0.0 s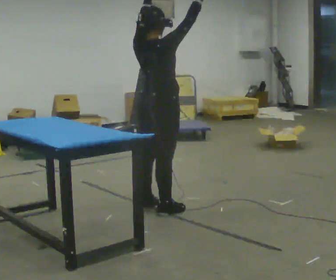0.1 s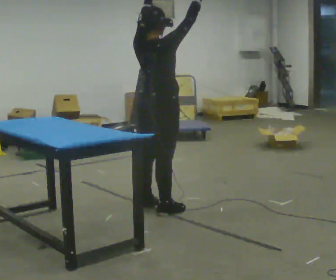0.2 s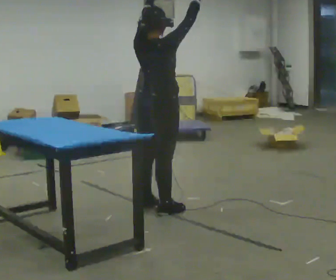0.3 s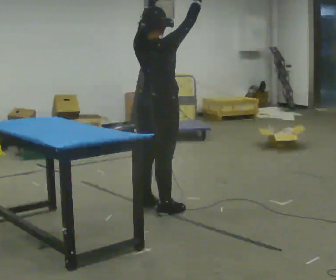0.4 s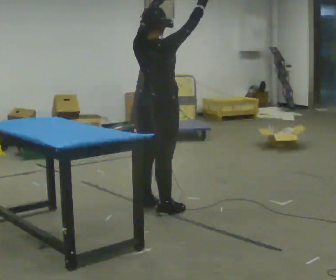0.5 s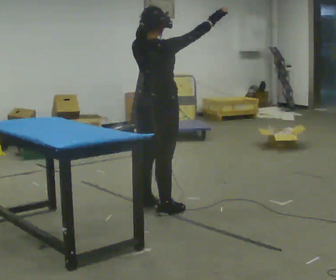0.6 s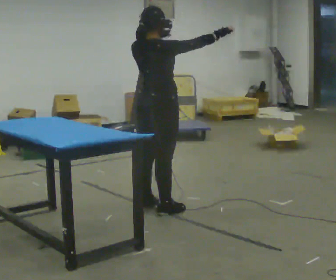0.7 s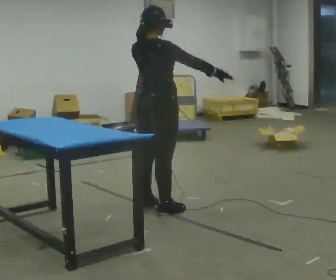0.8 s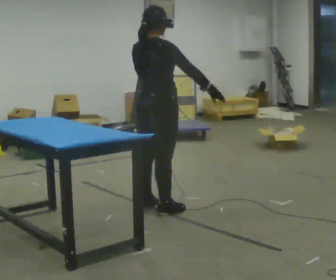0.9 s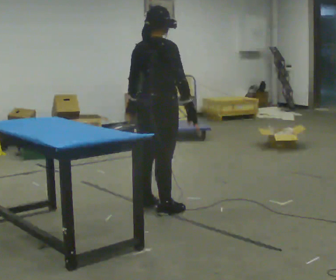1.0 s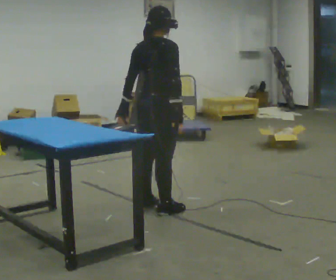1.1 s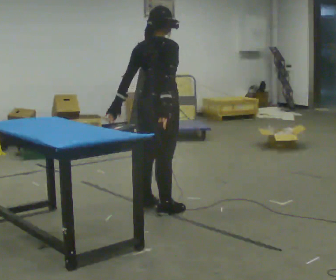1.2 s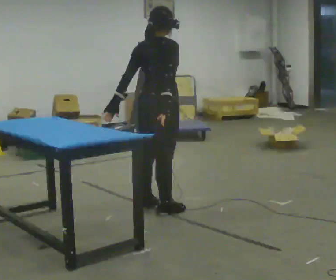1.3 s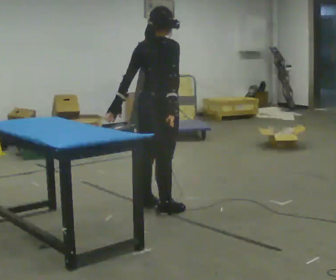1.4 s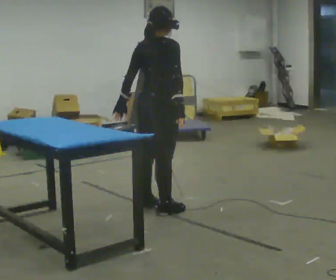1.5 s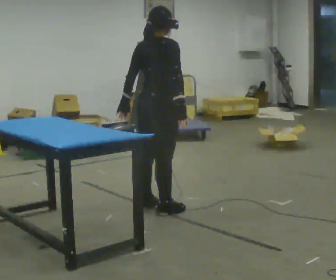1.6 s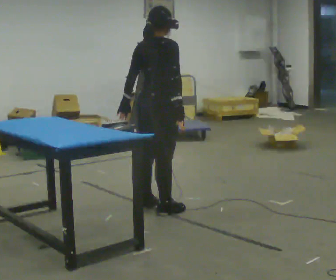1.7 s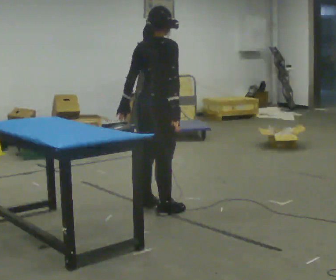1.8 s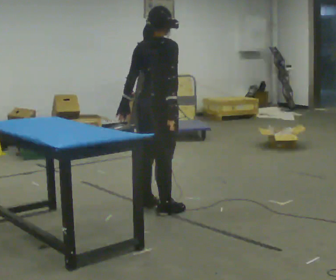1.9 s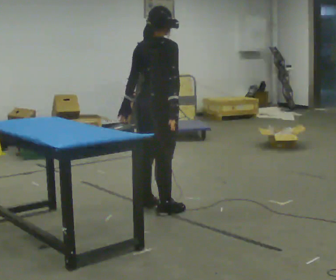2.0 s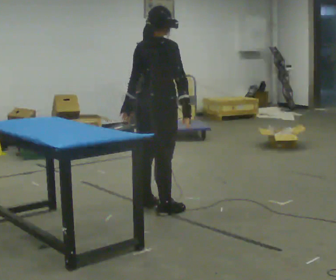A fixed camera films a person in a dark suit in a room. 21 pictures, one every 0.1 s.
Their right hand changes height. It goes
downward.
Their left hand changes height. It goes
downward.
0.0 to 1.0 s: In the picture their right hand goes downward, the arm swinging clockwise.
1.0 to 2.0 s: The person moves a little, or ends about where they began.
The film runs forward here.
